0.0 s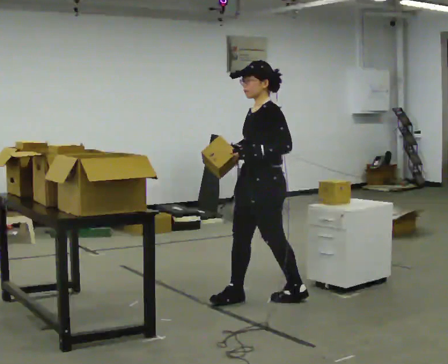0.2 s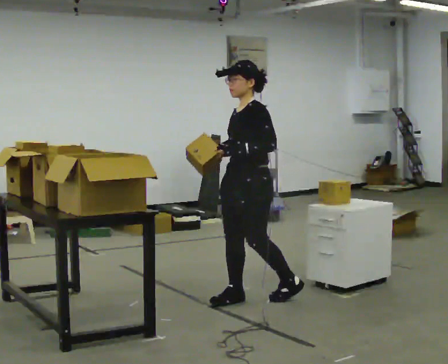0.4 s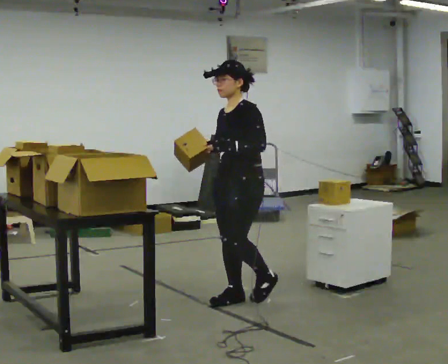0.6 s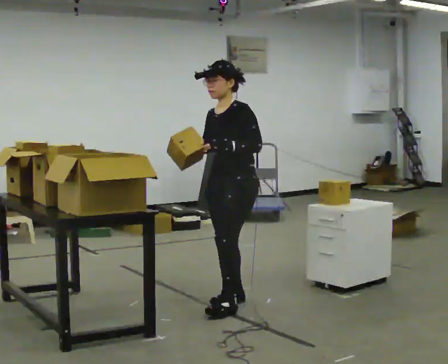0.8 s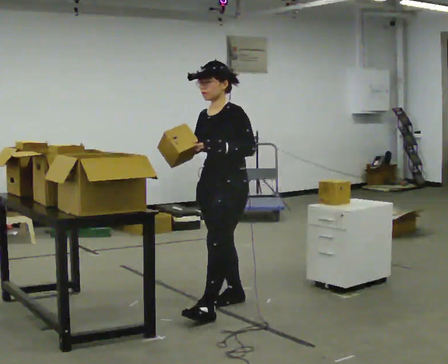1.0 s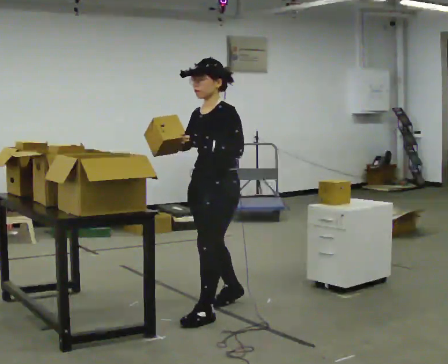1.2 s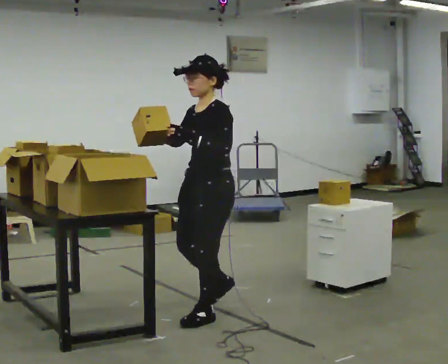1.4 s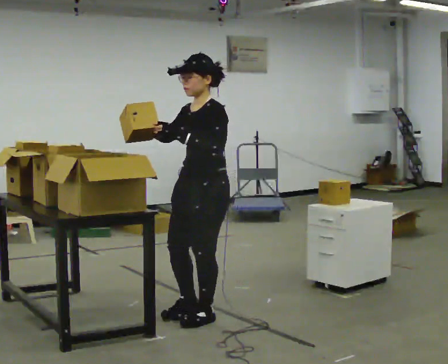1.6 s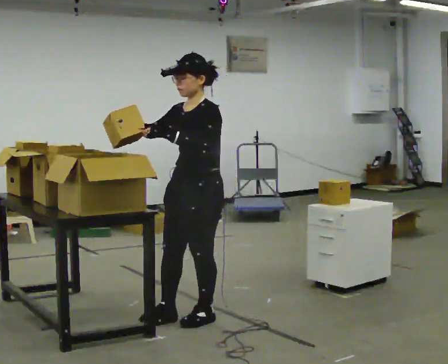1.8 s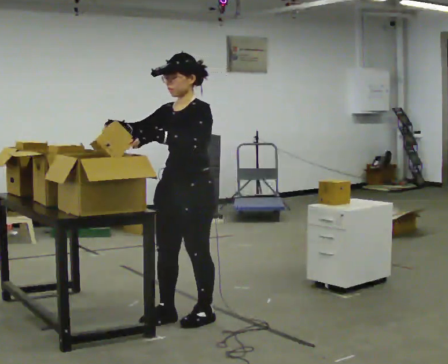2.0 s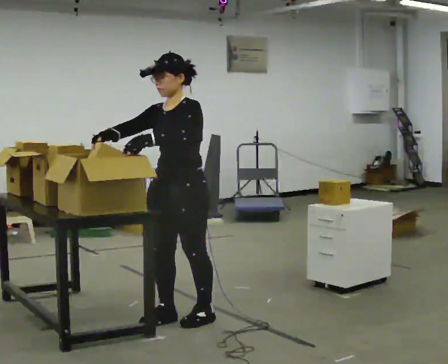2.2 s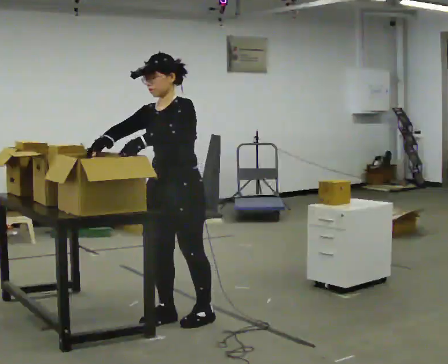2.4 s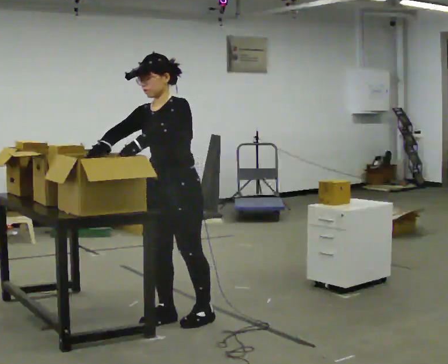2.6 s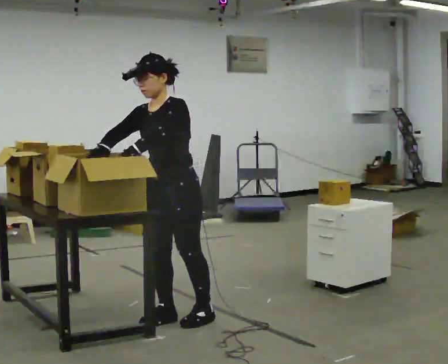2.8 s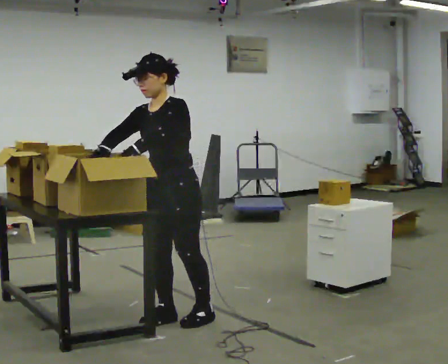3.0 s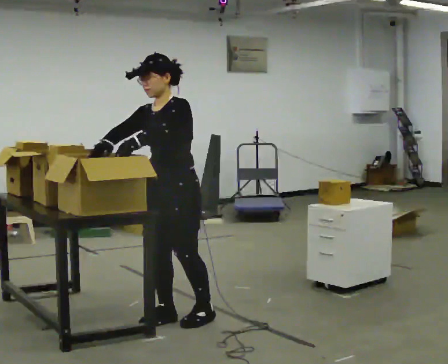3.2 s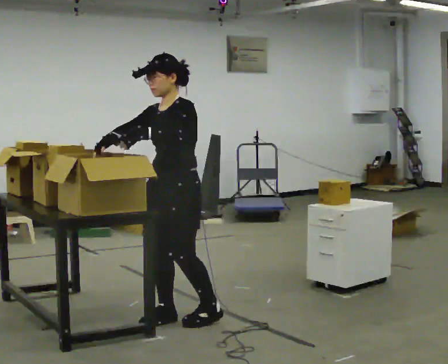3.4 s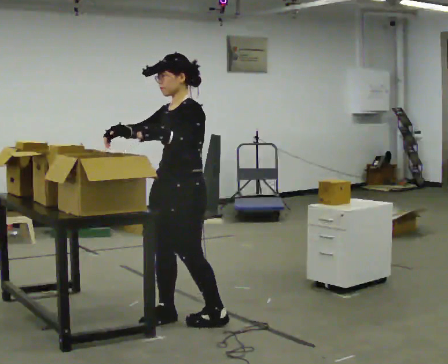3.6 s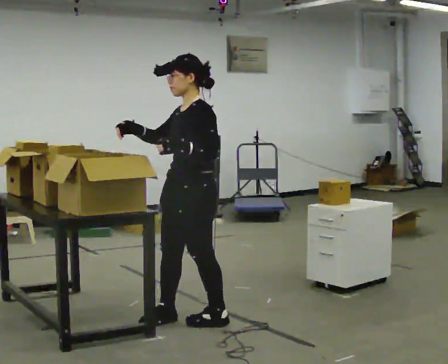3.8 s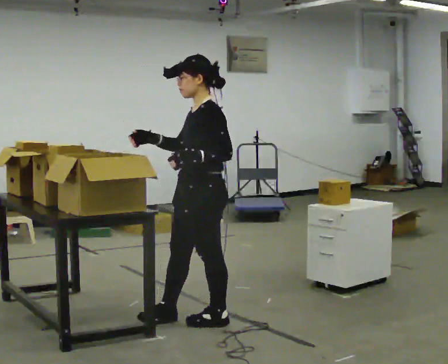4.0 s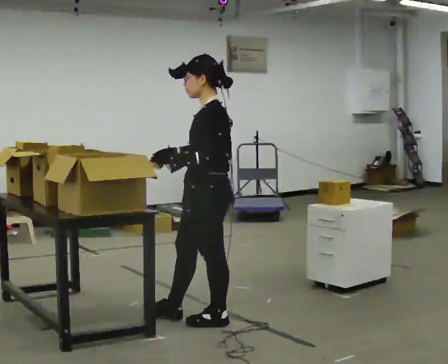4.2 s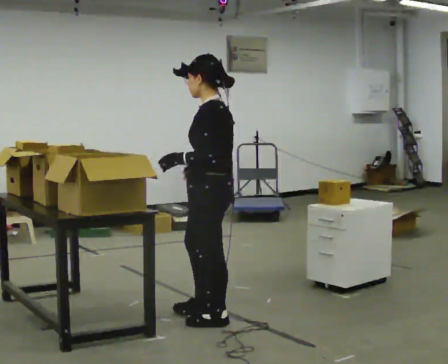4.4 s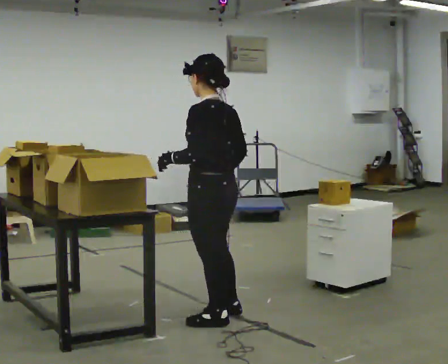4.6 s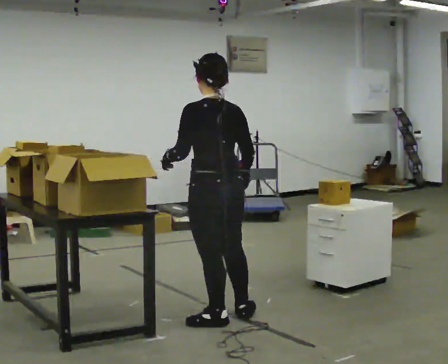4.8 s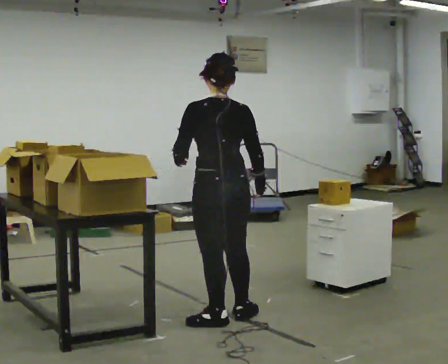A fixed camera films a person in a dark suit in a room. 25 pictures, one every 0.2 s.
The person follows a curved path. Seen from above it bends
counterclockwise.
0.0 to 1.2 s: In the picture they go toward the camera and to the left, about 0.5 m in 1 step, which for them is forward.
1.2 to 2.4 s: In the picture they go to the left, about 0.25 m in 1 step, which for them is forward. In the picture their right hand goes to the left.
2.4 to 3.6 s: The part of the body nearest the lens slides to the left as the person turns to their right by about 30 degrees.
3.6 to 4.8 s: The part of the body nearest the lens slides to the left as the person turns to their right by about 90 degrees. In the picture they go to the right, about 0.25 m in 1 step. In the picture their right hand goes to the right, the arm swinging counterclockwise.
The film runs forward here.
